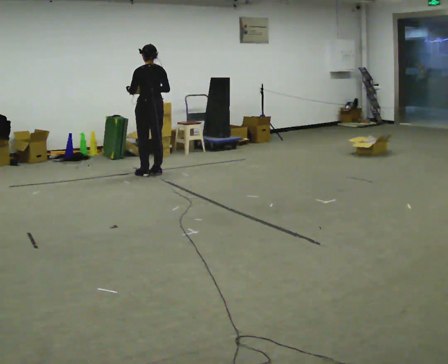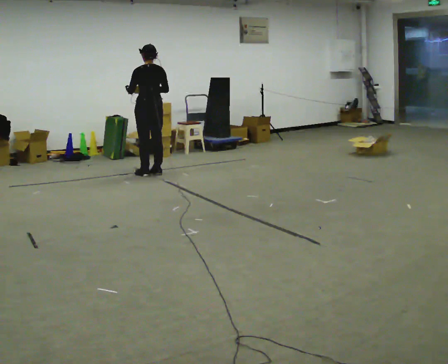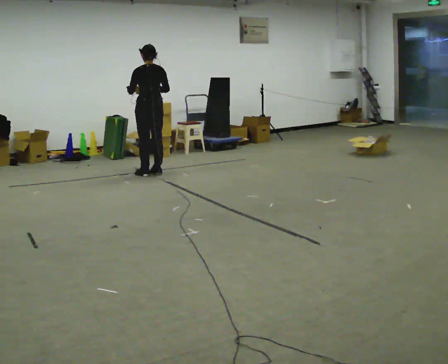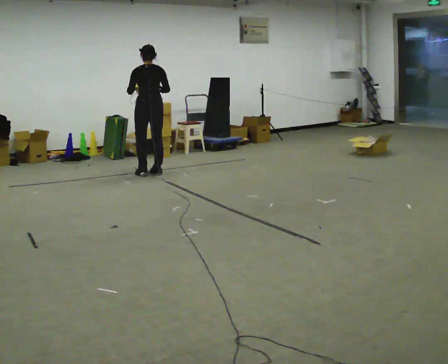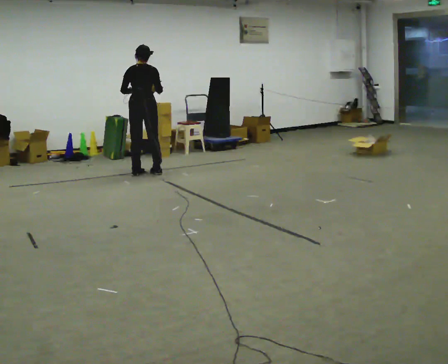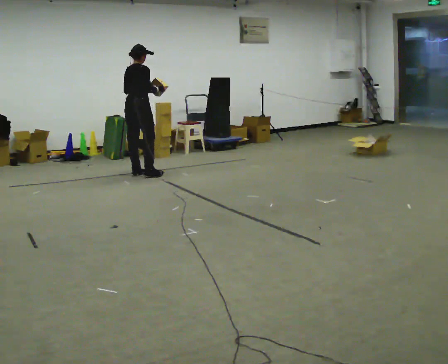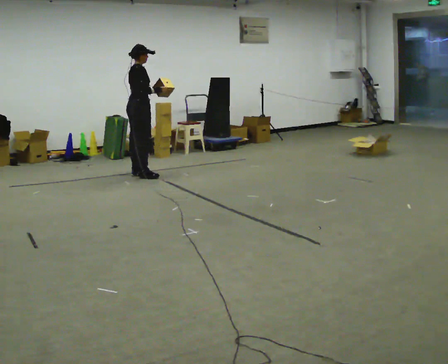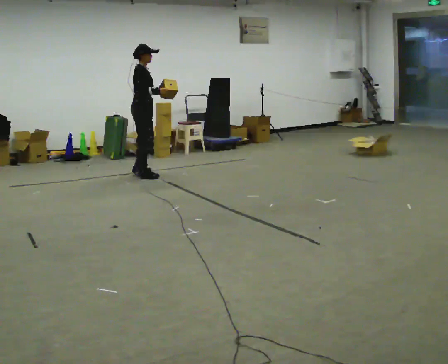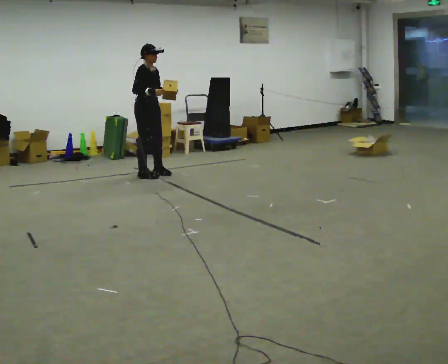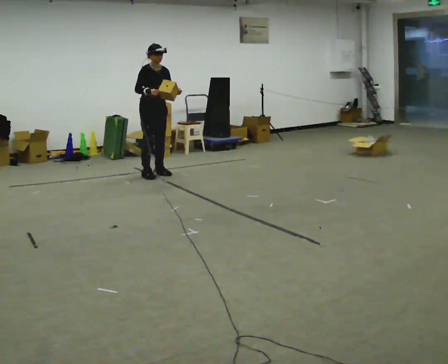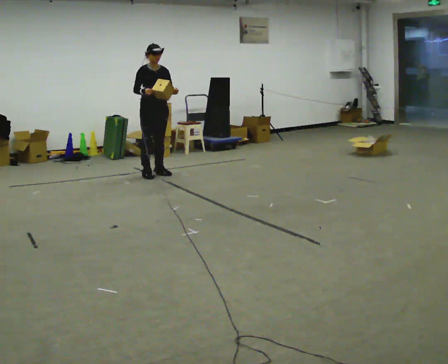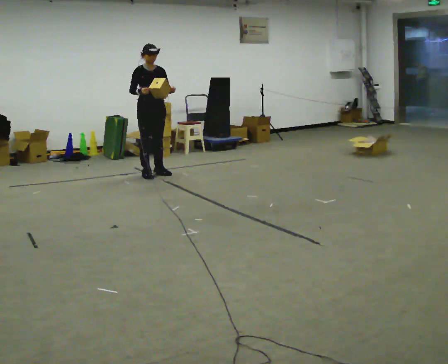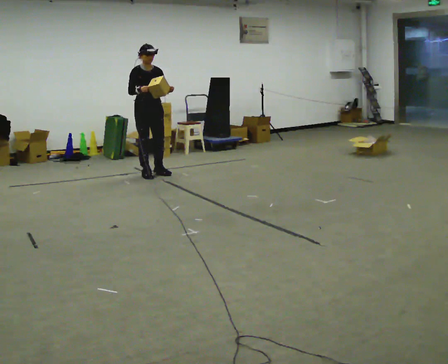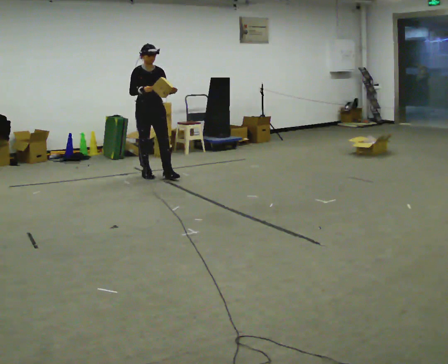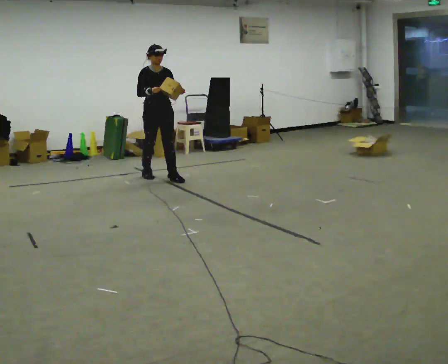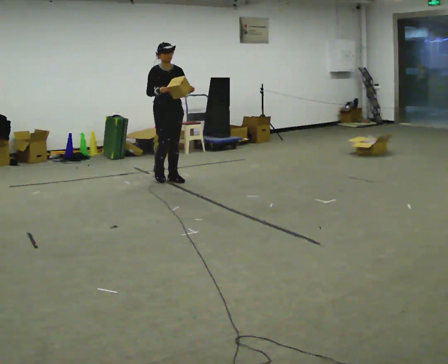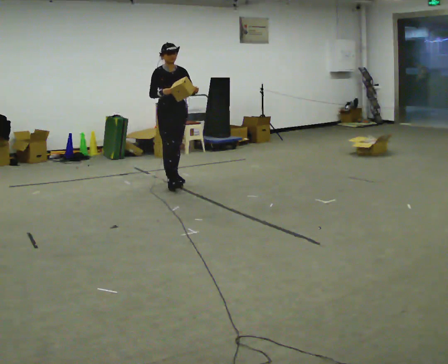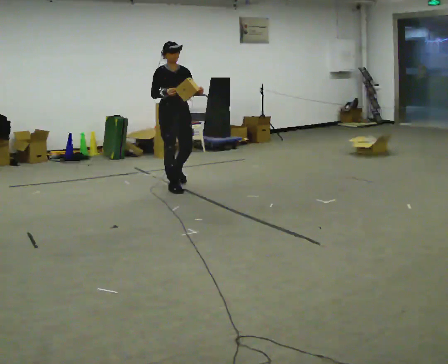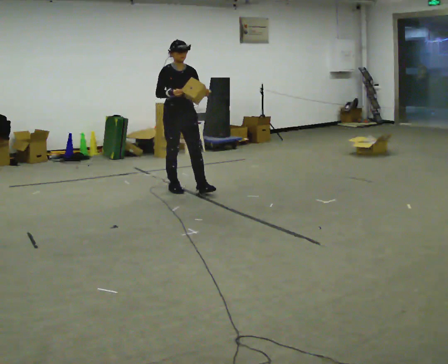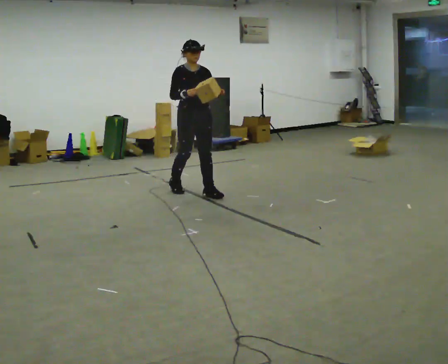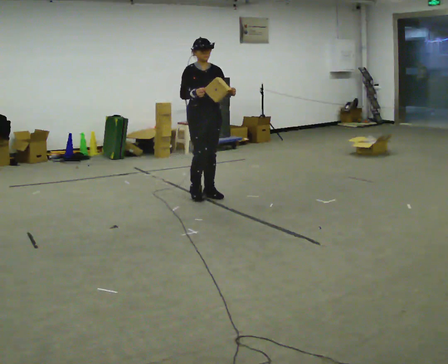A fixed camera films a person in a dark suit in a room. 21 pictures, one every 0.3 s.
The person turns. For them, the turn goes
to their right.
The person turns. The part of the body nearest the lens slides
to the left.
0.0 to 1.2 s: The part of the body nearest the lens slides to the left as the person turns to their right by about 45 degrees.
1.2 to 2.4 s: The part of the body nearest the lens slides to the left as the person turns to their right by about 105 degrees. In the picture their left hand goes to the right.
2.4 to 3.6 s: Seen from above the body turns clockwise, about 30 degrees: to their right, with its near side sliding to the left.
3.6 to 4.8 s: In the picture they go toward the camera and to the right, about 0.5 m in 1 step, which for them is forward.
4.8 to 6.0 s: In the picture they go toward the camera and to the right, about 0.75 m in 2 steps, which for them is forward.
The film runs forward here.
